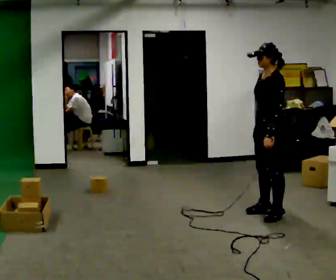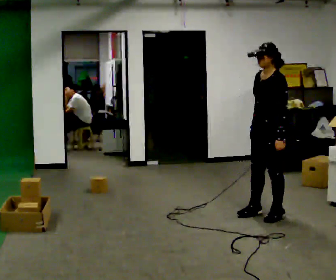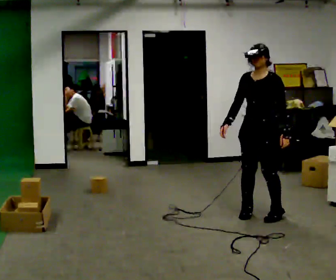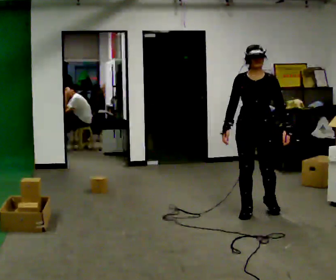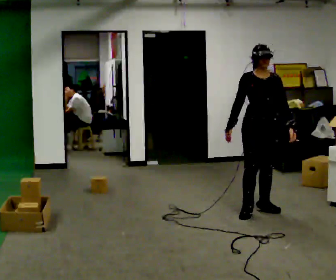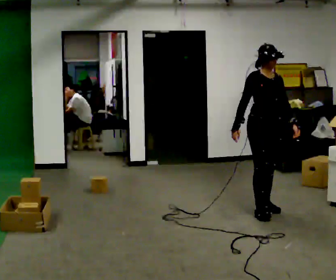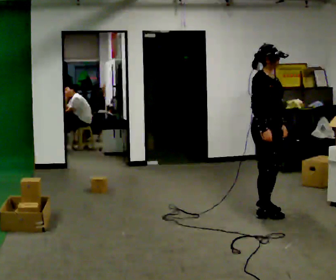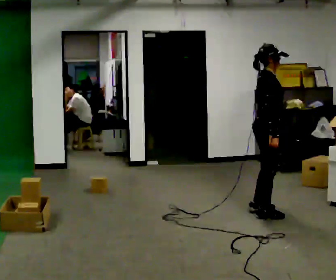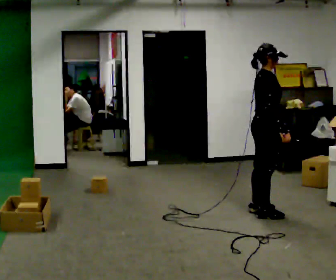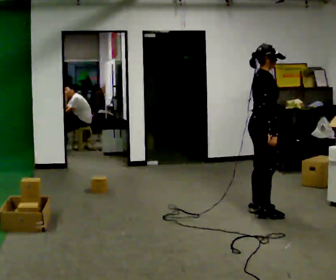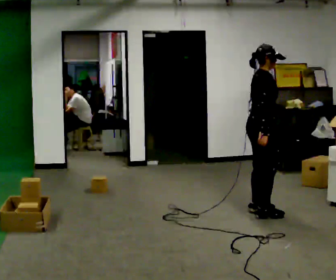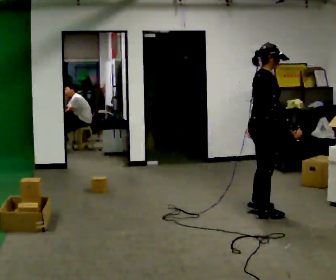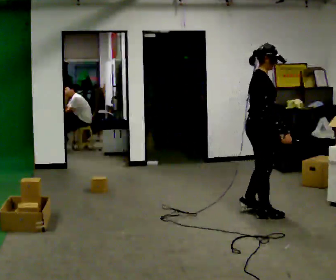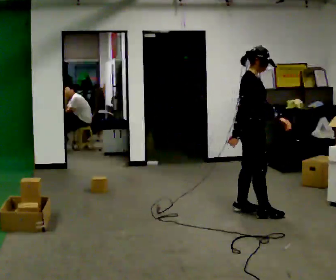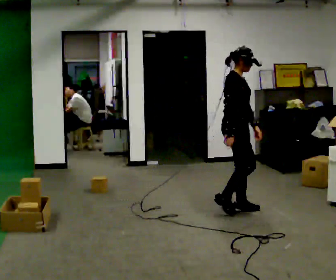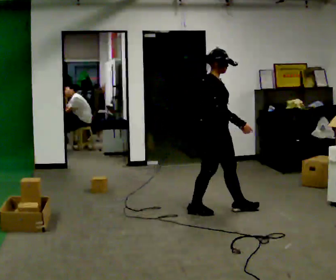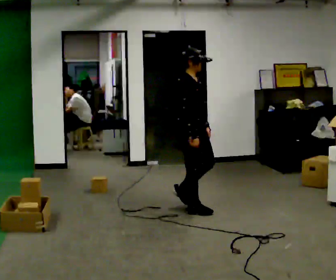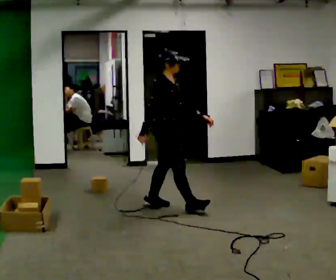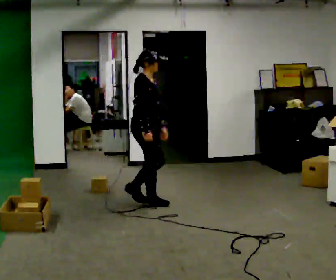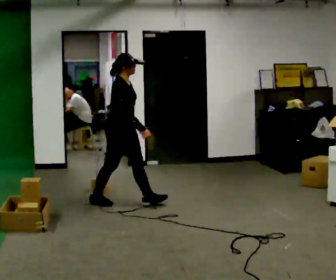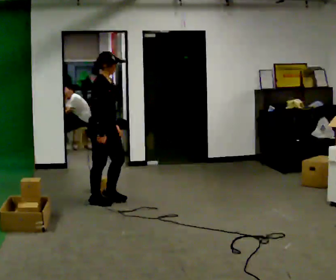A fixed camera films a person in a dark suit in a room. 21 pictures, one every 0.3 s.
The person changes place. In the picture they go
to the left.
0.0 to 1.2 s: Seen from above the body turns counterclockwise, about 90 degrees: to their left, with its near side sliding to the right. In the picture their right hand goes to the left.
1.2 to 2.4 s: Seen from above the body turns counterclockwise, about 75 degrees: to their left, with its near side sliding to the right. In the picture their right hand goes to the right, the arm swinging counterclockwise.
2.4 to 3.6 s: The person moves a little, or ends about where they began.
3.6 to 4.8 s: In the picture they go to the left, about 0.75 m in 2 steps, which for them is backward.
4.8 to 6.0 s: In the picture they go to the left, about 1 m in 2 steps, which for them is backward.
The film runs backward here.
